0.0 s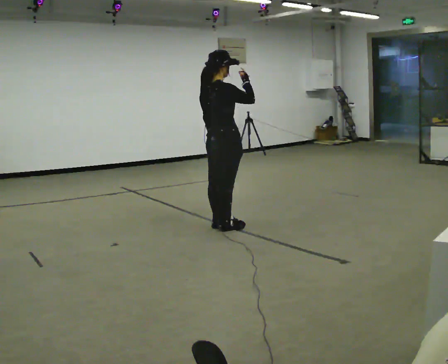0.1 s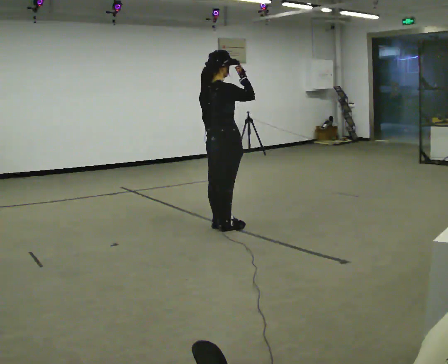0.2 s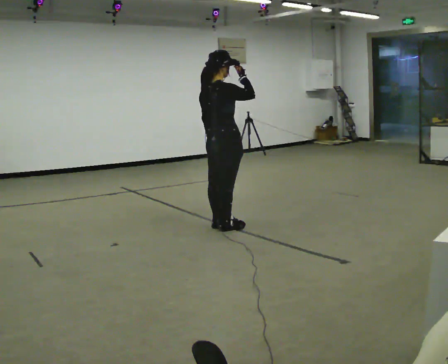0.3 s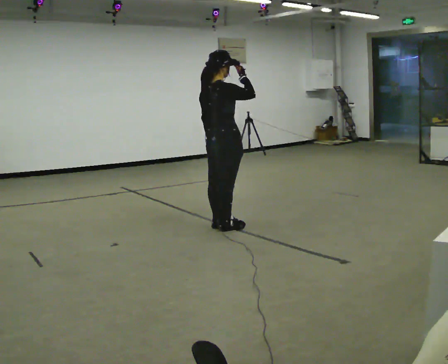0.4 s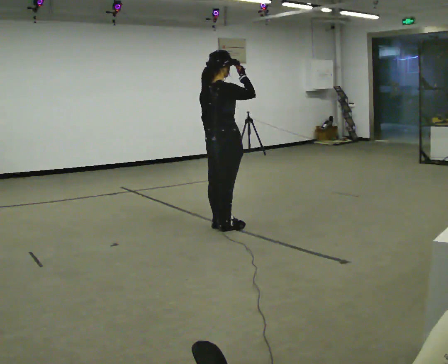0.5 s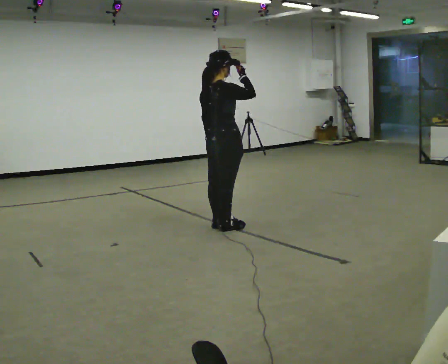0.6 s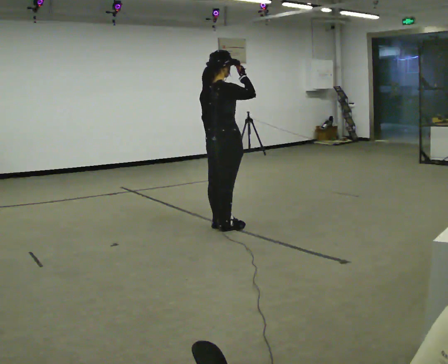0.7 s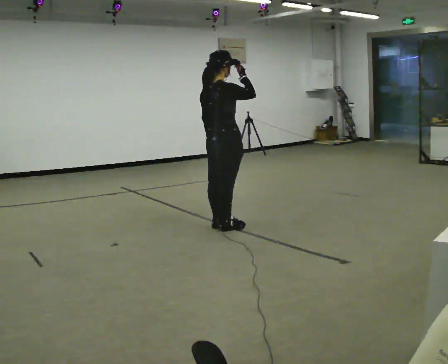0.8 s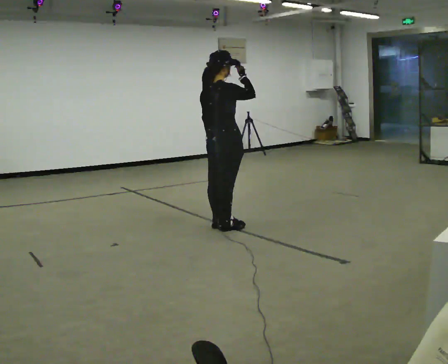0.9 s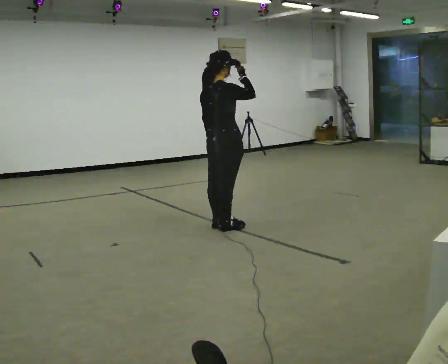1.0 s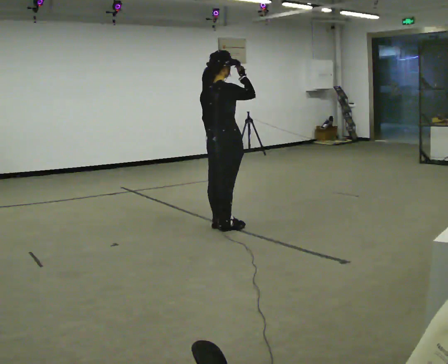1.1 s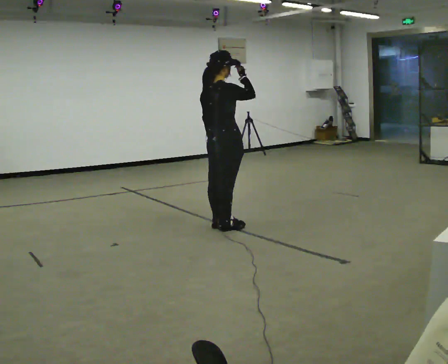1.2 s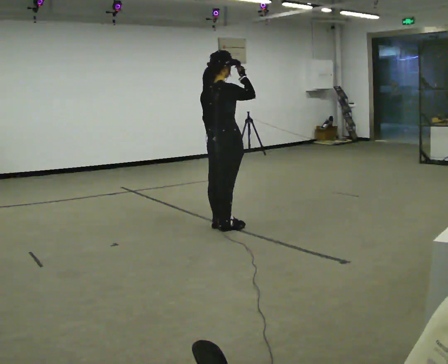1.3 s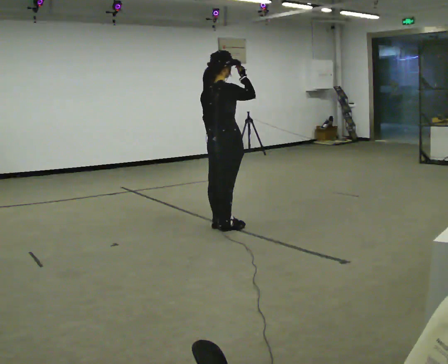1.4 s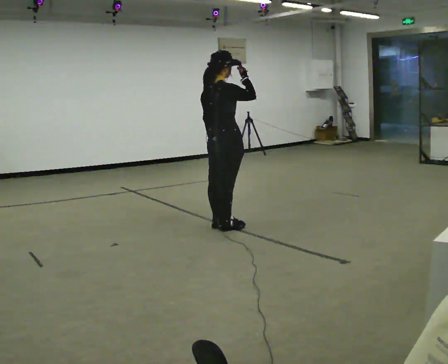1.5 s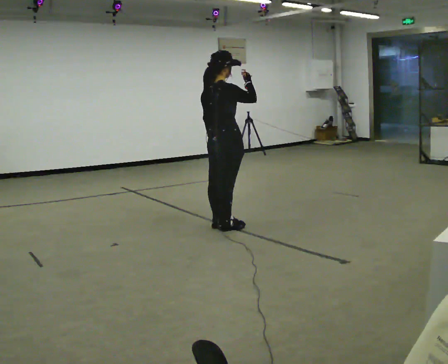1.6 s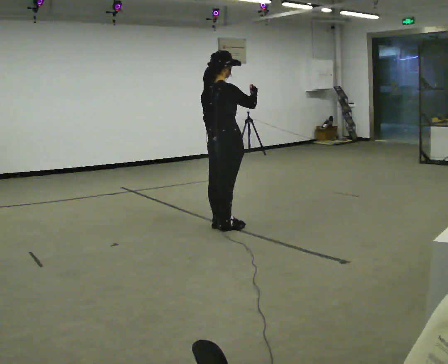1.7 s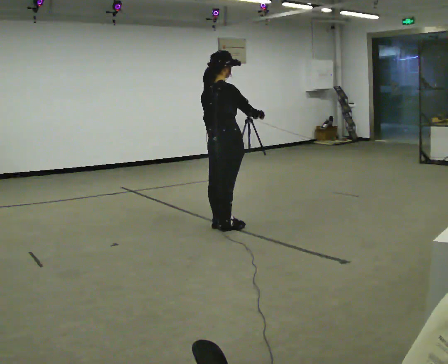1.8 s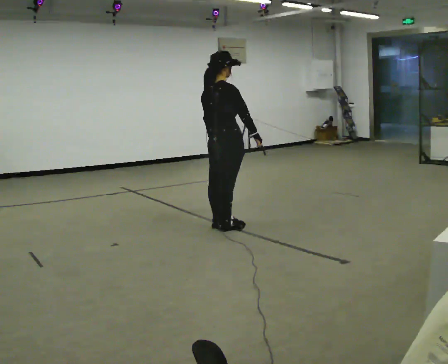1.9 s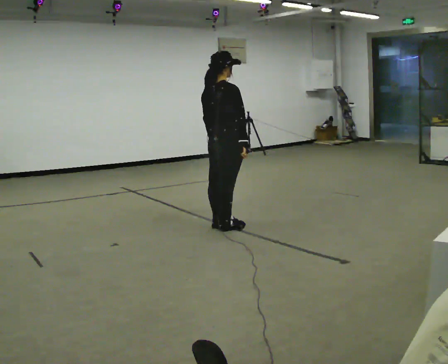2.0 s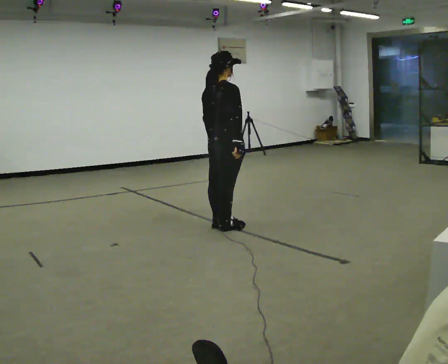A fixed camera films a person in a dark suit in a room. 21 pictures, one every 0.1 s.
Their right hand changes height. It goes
downward.
0.0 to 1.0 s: The person moves a little, or ends about where they began.
1.0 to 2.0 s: In the picture their right hand goes downward.
The film runs forward here.
